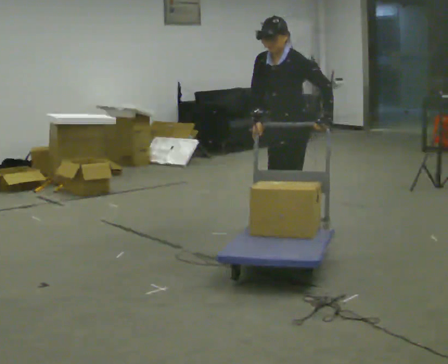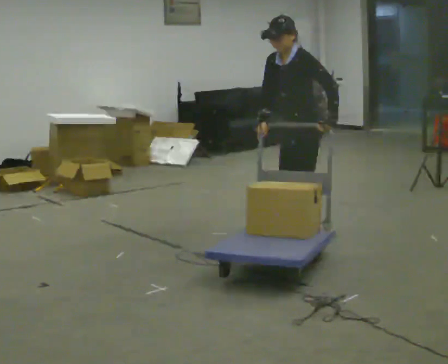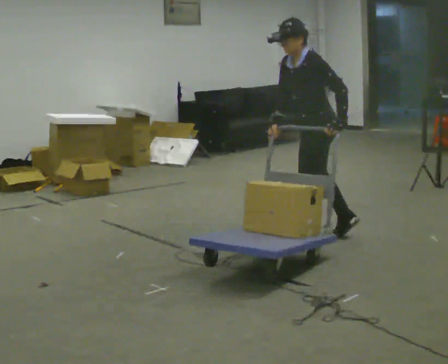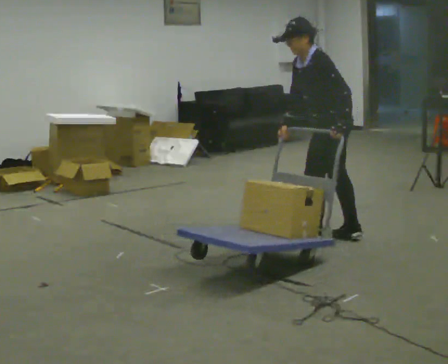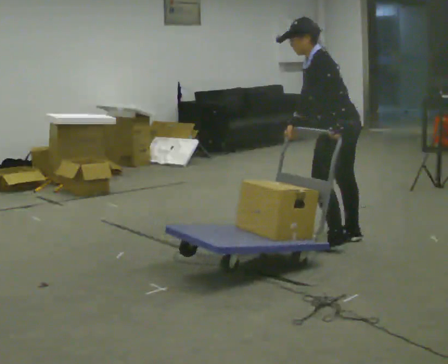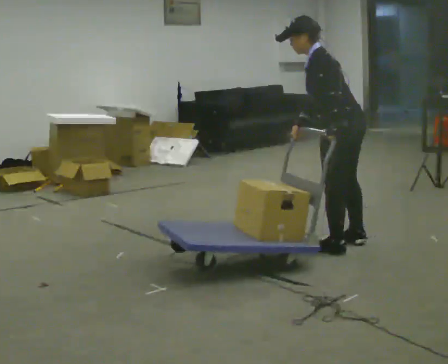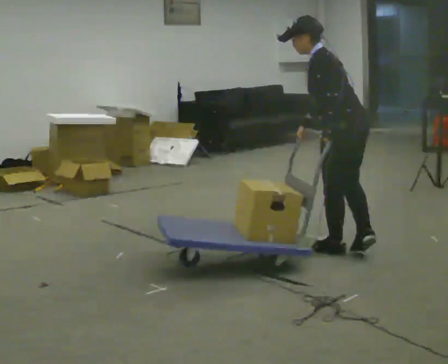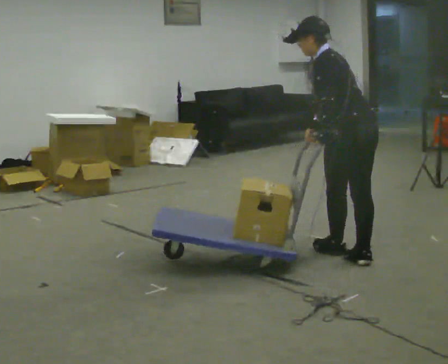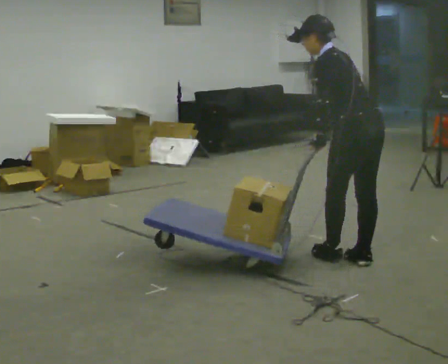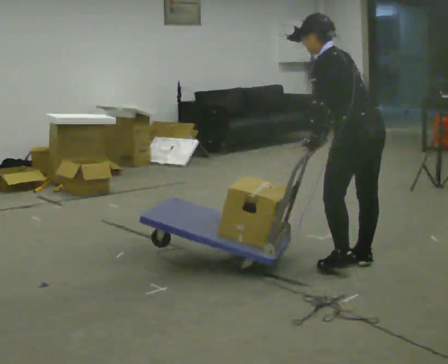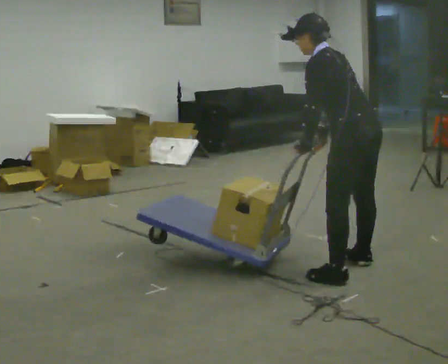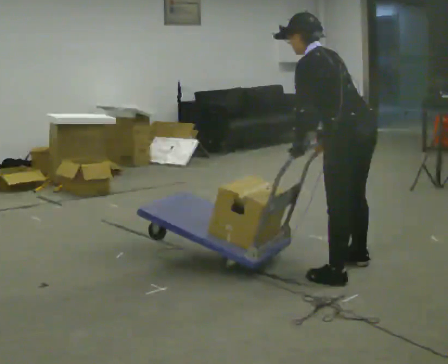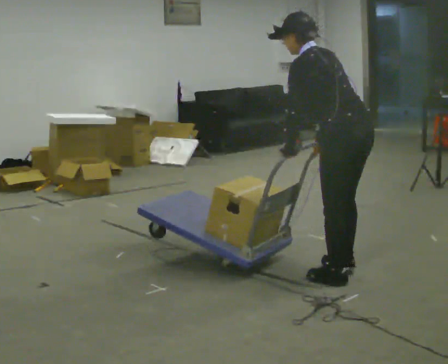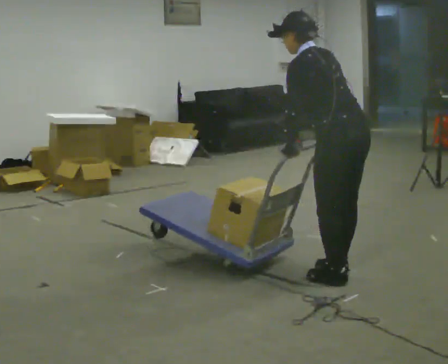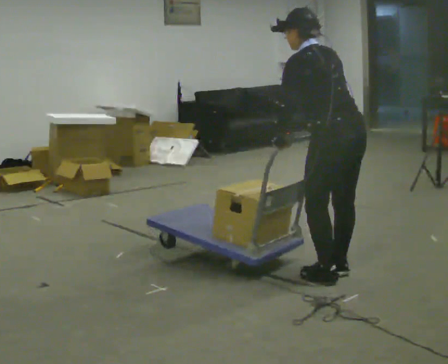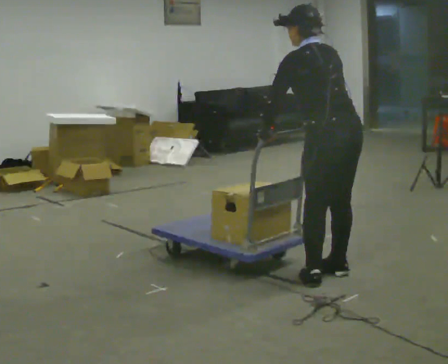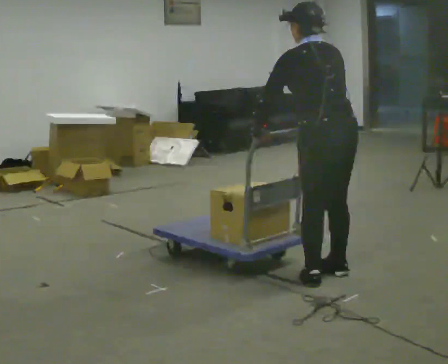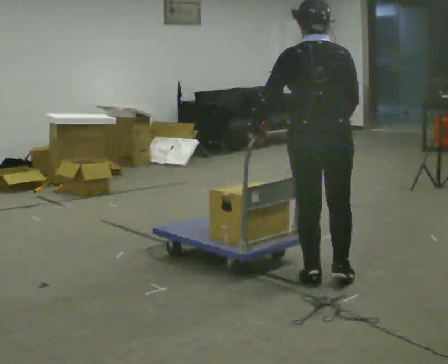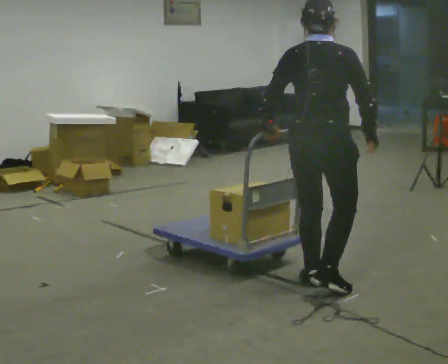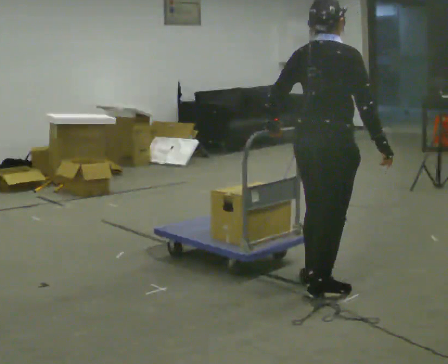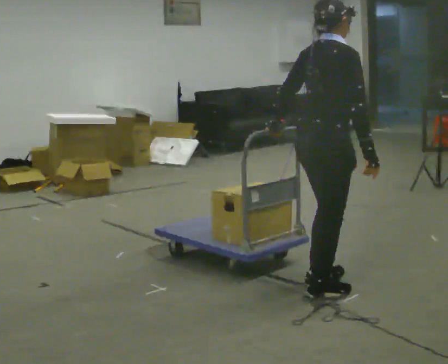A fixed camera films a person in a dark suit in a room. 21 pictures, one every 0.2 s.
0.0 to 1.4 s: The person turns about 75 degrees to their right, clockwise seen from above, so the part of the body nearest the lens slides to the left. In the picture they go to the right and toward the camera, about 0.75 m in 3 steps. The upper body tips away from the camera, its near side rolling upward.
1.4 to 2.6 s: In the picture they go toward the camera, about 0.5 m in 2 steps, which for them is to their left and backward.
2.6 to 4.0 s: The part of the body nearest the lens slides to the left as the person turns to their right by about 105 degrees. In the picture they go toward the camera, about 0.25 m in 2 steps. In the picture the upper body tilts clockwise, shoulders to the right. In the picture their right hand goes to the right.
The film runs backward here.
